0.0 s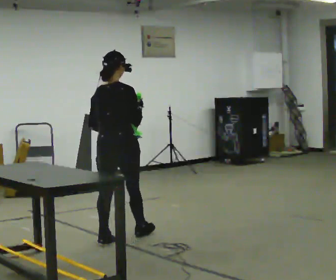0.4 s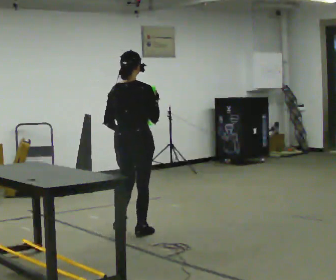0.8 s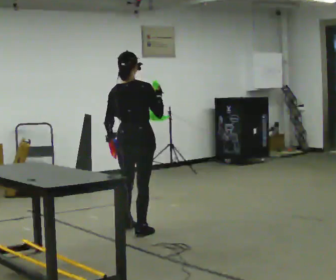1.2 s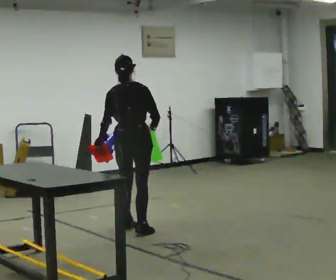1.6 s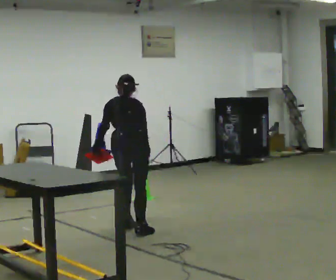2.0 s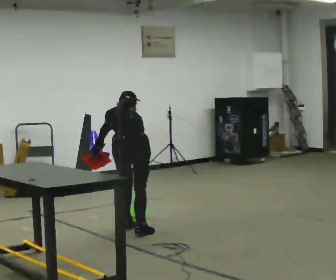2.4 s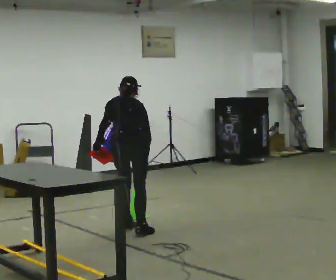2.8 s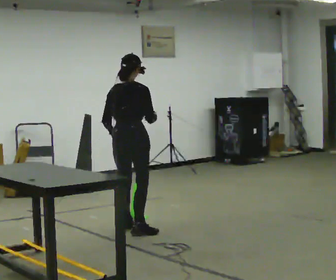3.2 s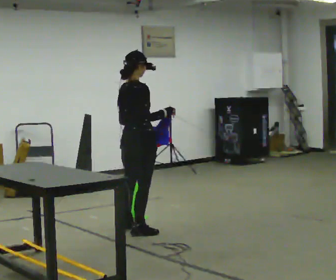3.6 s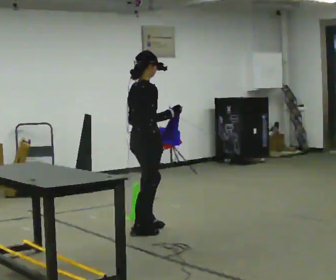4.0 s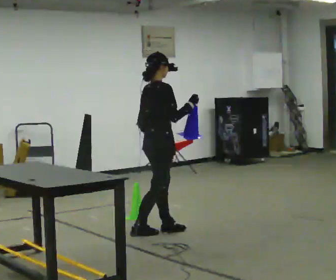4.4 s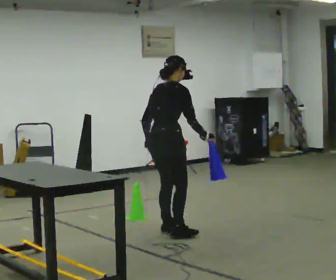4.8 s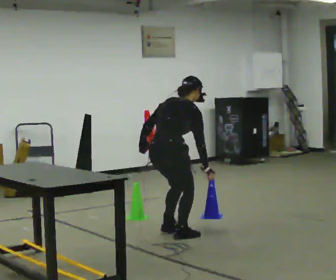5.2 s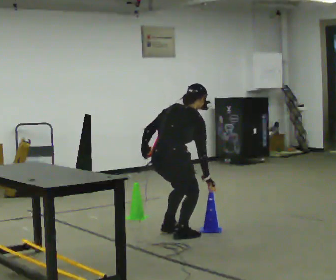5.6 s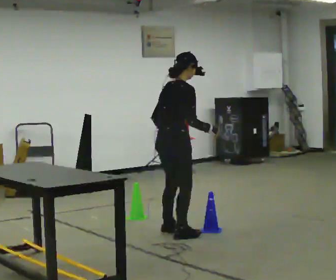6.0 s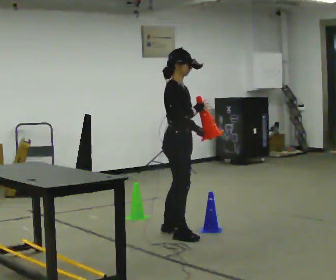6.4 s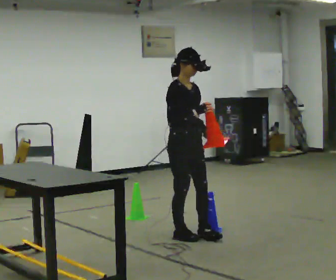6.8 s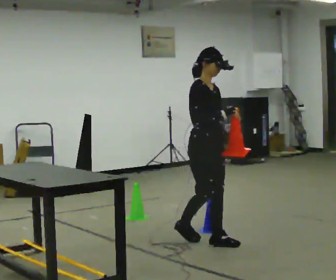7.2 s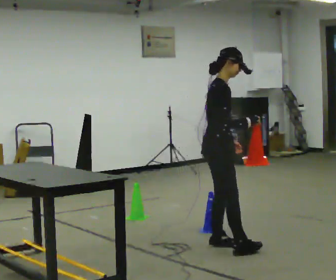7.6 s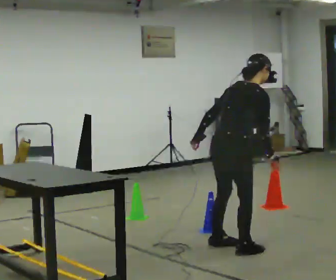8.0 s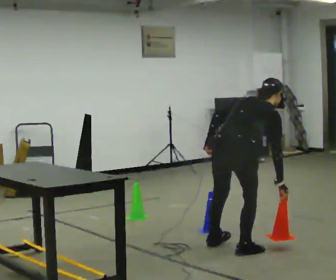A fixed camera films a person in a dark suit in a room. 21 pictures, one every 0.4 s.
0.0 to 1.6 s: The part of the body nearest the lens slides to the right as the person turns to their left by about 30 degrees. In the picture they go away from the camera, about 0.25 m in 1 step, which for them is forward. The upper body tips away from the camera, its near side rolling upward, as they bend forward.
1.6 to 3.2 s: The part of the body nearest the lens slides to the left as the person turns to their right by about 60 degrees. In the picture their left hand goes to the right, the arm swinging counterclockwise.
3.2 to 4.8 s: In the picture they go to the right, about 0.25 m in 2 steps, which for them is to their right and forward. The upper body goes downward. In the picture the upper body tilts clockwise, shoulders to the right, as they bend forward.
4.8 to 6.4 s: The part of the body nearest the lens slides to the left as the person turns to their right by about 90 degrees. In the picture the upper body tilts counterclockwise, shoulders to the left, as they lean back or straighten. In the picture their left hand goes to the right, the arm swinging counterclockwise.
6.4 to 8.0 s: The person turns about 90 degrees to their left, counterclockwise seen from above, so the part of the body nearest the lens slides to the right. In the picture they go toward the camera and to the right, about 0.75 m in 2 steps. The upper body goes downward. In the picture the upper body tilts clockwise, shoulders to the right, as they bend forward.
The film runs forward here.
